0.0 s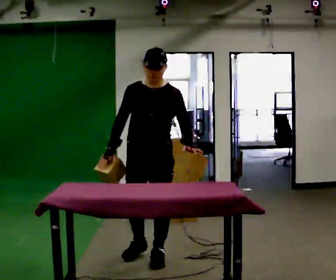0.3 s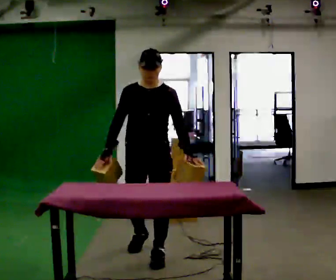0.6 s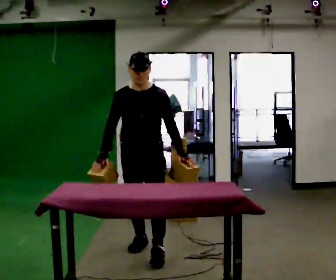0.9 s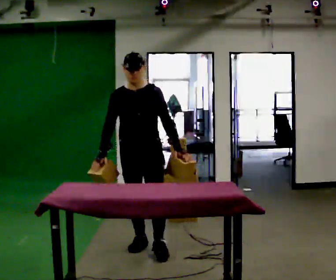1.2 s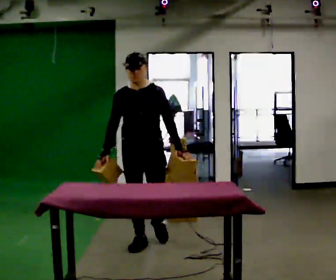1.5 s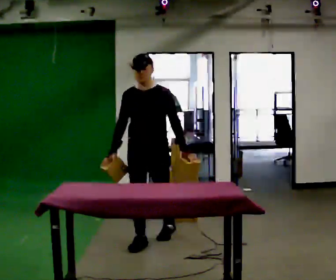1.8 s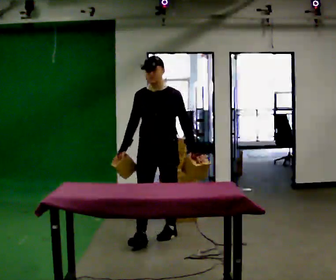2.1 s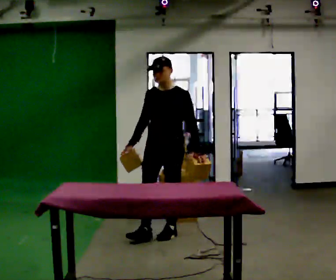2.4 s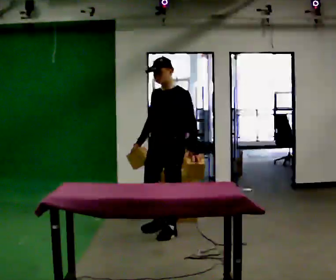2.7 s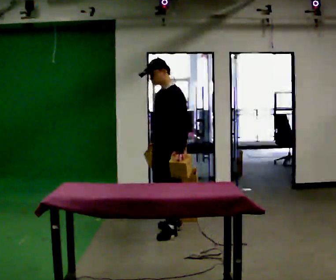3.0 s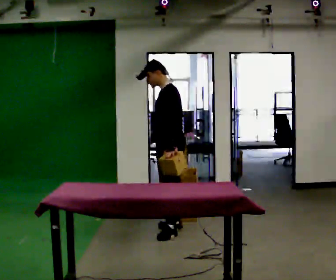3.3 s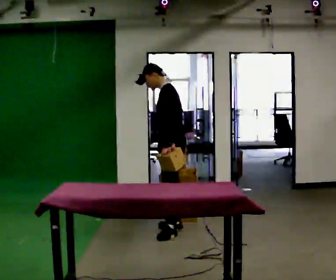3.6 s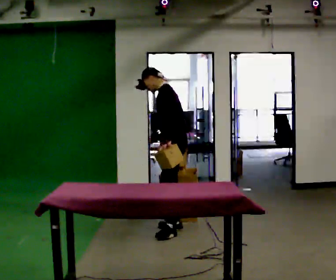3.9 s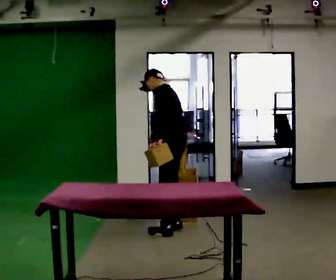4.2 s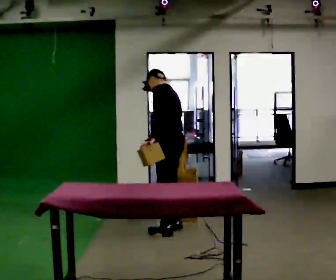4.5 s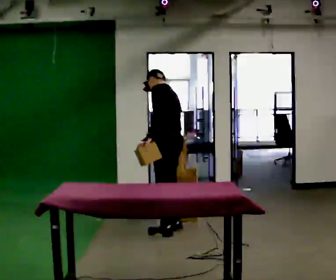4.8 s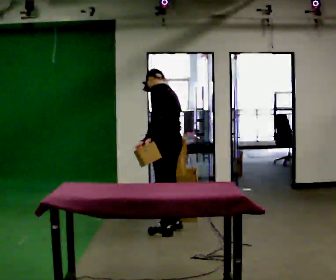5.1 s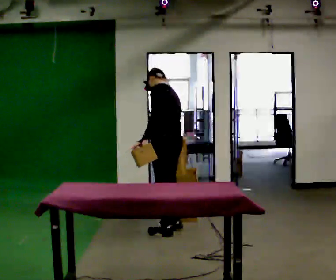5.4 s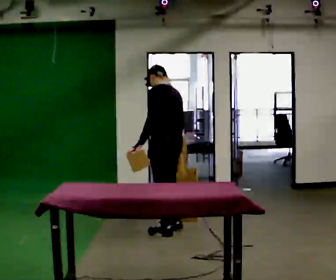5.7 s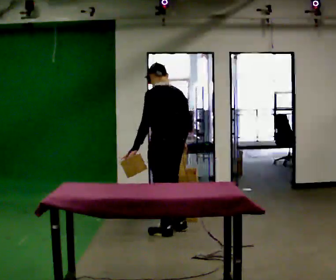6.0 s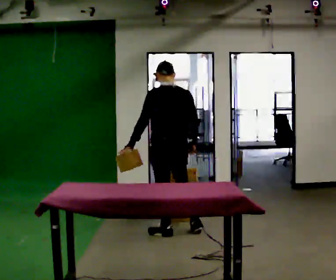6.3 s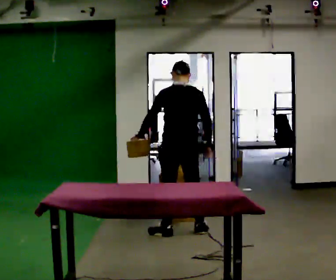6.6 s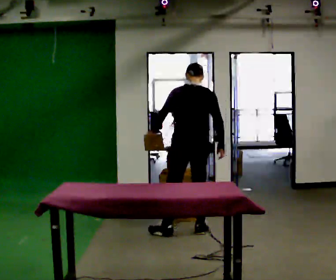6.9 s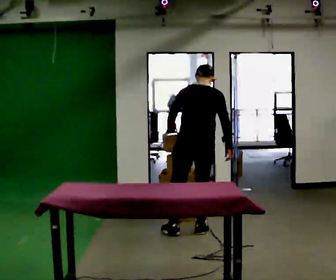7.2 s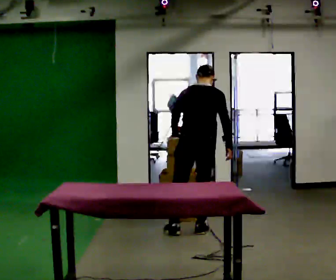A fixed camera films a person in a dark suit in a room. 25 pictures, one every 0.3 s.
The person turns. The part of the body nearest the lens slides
to the left.
The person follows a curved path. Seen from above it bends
clockwise.
0.0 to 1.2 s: In the picture they go away from the camera, about 0.5 m in 1 step, which for them is backward.
1.2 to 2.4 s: The part of the body nearest the lens slides to the left as the person turns to their right by about 30 degrees. In the picture they go away from the camera and to the right, about 0.5 m in 1 step, which for them is backward.
2.4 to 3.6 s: Seen from above the body turns clockwise, about 45 degrees: to their right, with its near side sliding to the left. In the picture they go away from the camera, about 0.25 m, which for them is to their right and backward. In the picture their right hand goes to the right.
3.6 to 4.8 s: The person moves a little, or ends about where they began.
4.8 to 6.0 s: The person turns about 45 degrees to their right, clockwise seen from above, so the part of the body nearest the lens slides to the left.
6.0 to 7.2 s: The part of the body nearest the lens slides to the left as the person turns to their right by about 30 degrees. In the picture they go to the right, about 0.25 m, which for them is to their right.
The film runs backward here.
